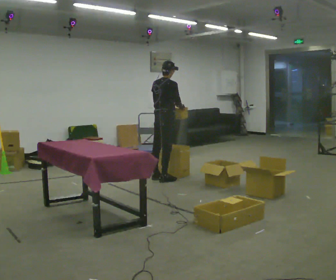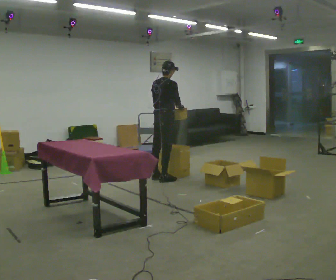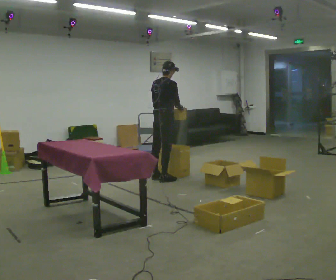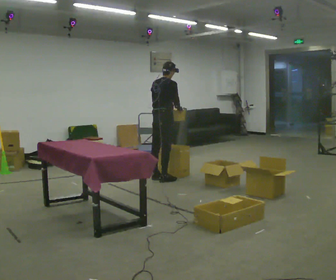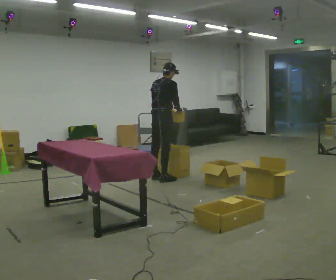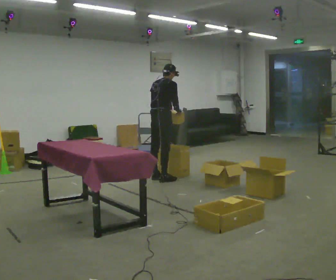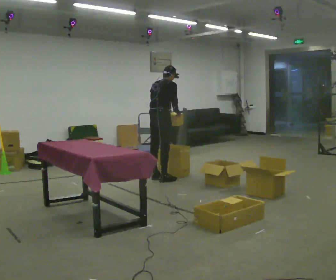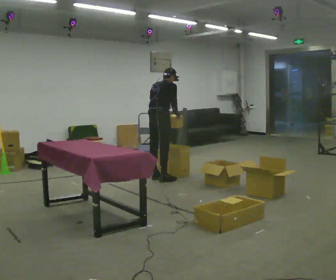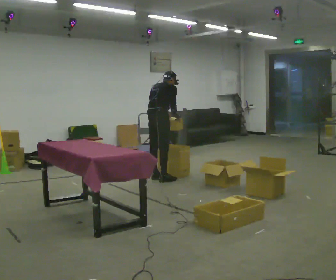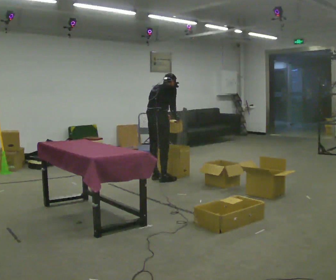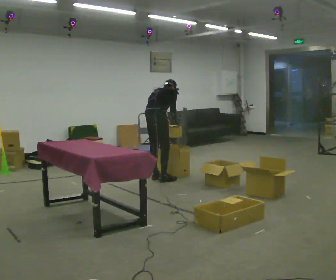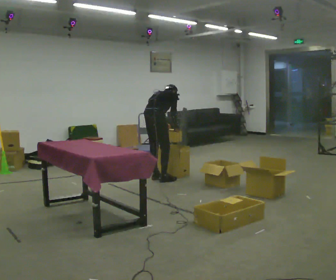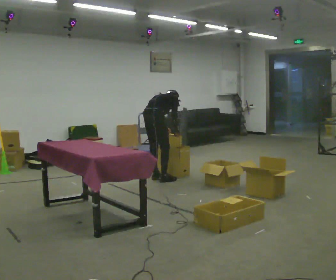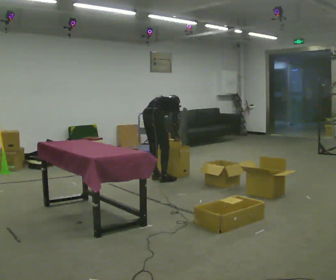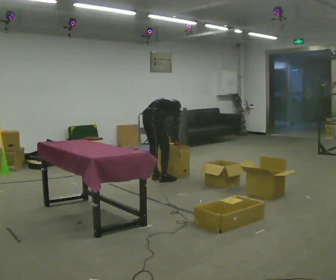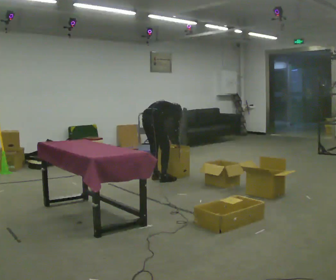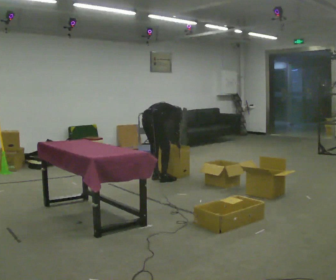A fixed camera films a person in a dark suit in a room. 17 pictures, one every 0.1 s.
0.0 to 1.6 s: In the picture they go to the left, about 0.25 m, which for them is backward. The shoulders move downward. The upper body tips away from the camera, its near side rolling upward, as they bend forward. In the picture their right hand goes downward.
The film runs backward here.
